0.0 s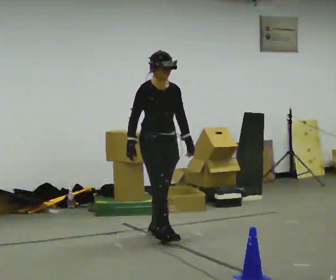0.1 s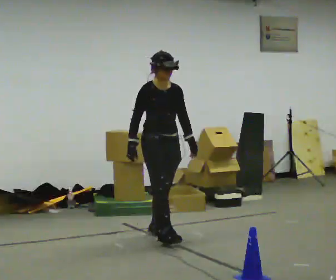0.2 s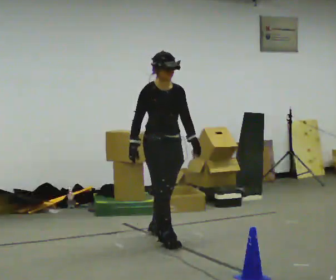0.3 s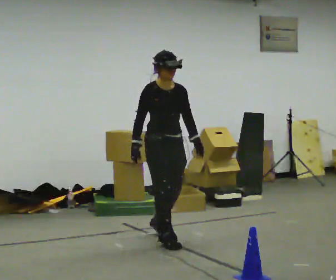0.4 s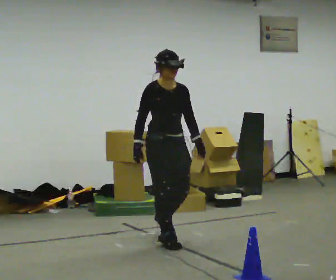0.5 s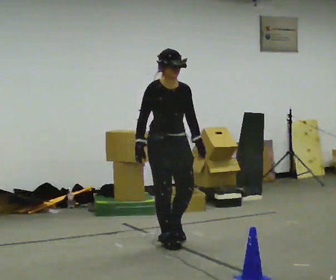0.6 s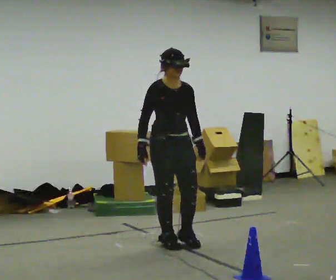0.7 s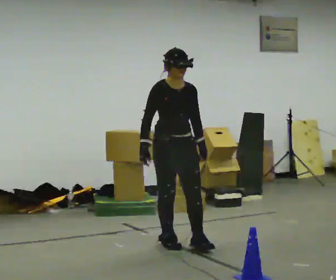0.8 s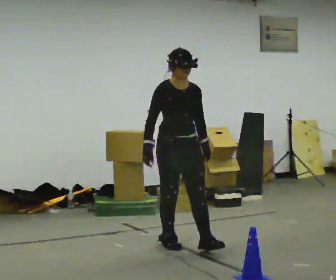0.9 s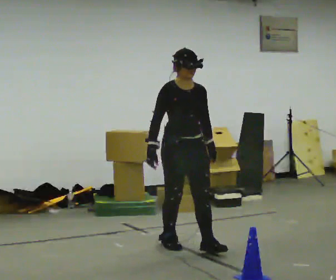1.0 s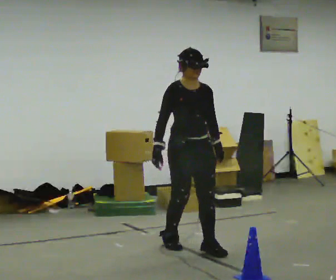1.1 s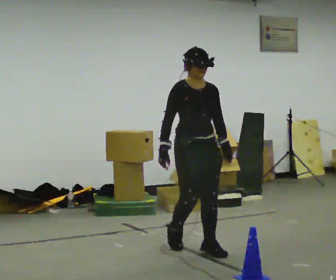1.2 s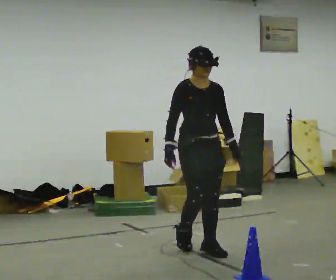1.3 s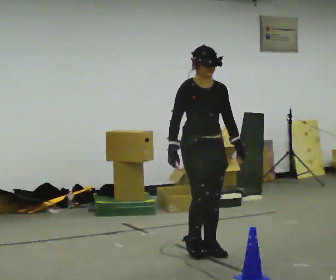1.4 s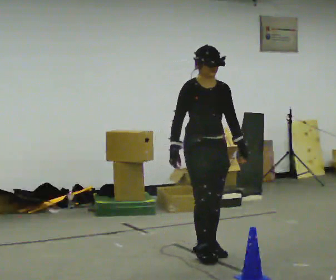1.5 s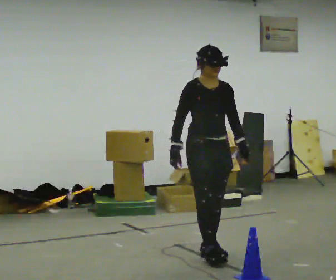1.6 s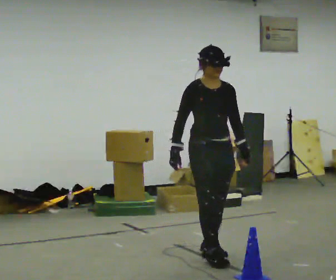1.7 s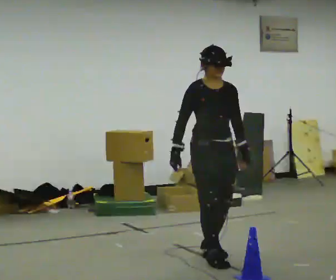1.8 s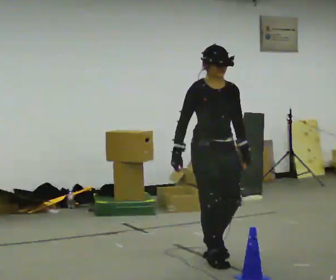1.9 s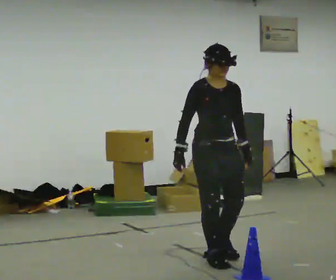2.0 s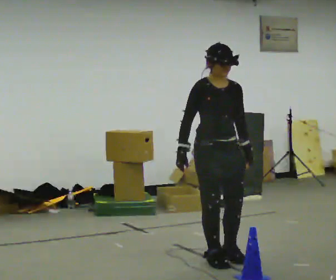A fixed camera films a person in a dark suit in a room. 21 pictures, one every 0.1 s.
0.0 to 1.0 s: In the picture they go toward the camera and to the right, about 0.5 m in 2 steps, which for them is forward.
1.0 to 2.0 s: In the picture they go toward the camera and to the right, about 0.5 m in 1 step, which for them is forward.
The film runs forward here.
